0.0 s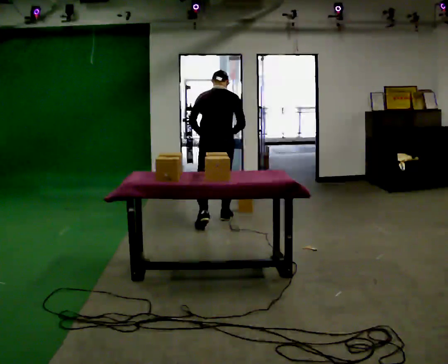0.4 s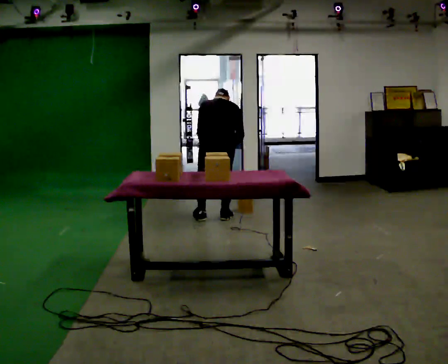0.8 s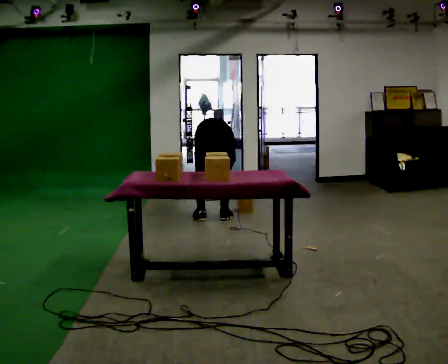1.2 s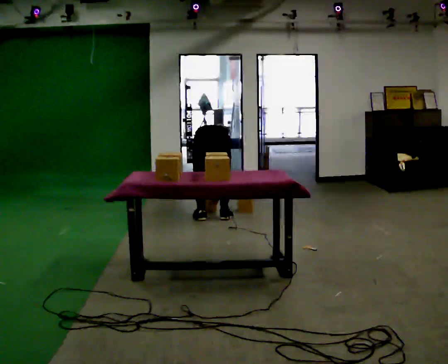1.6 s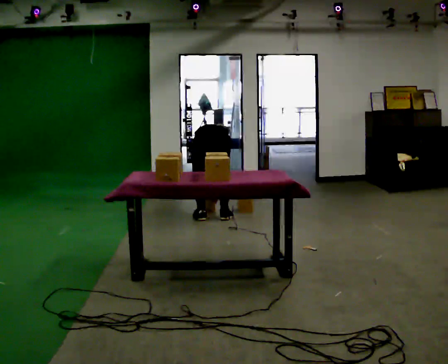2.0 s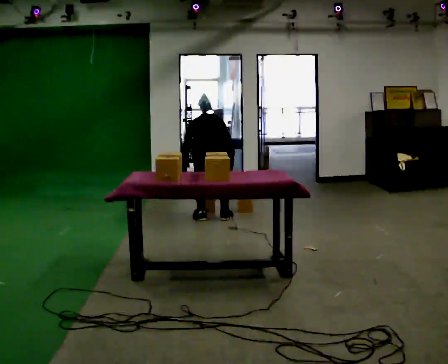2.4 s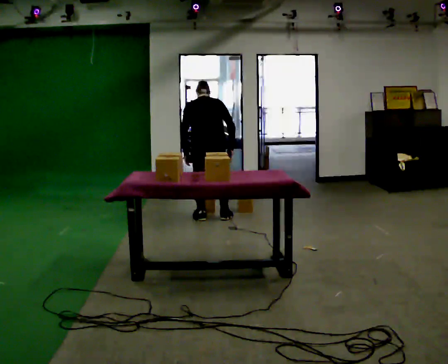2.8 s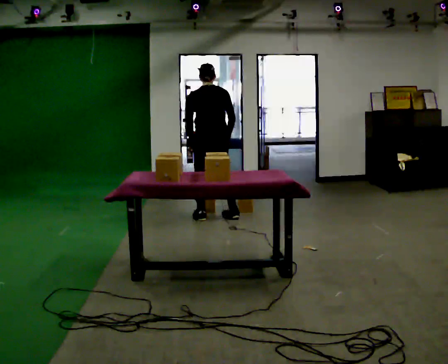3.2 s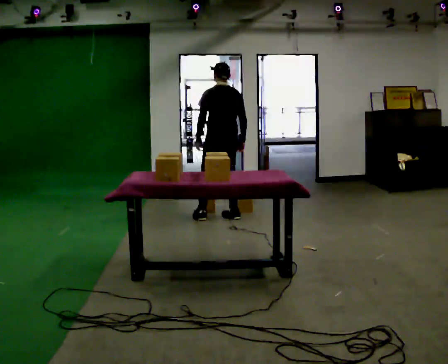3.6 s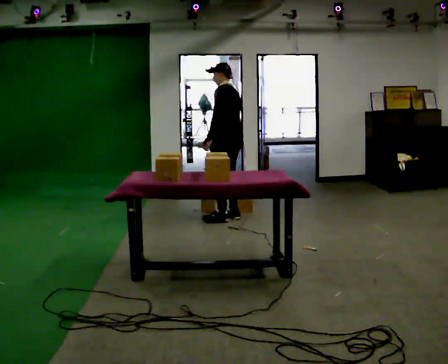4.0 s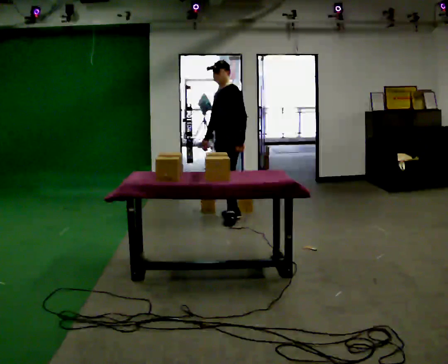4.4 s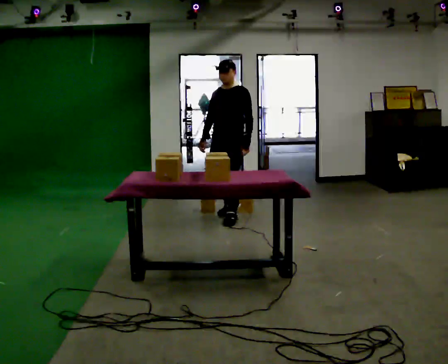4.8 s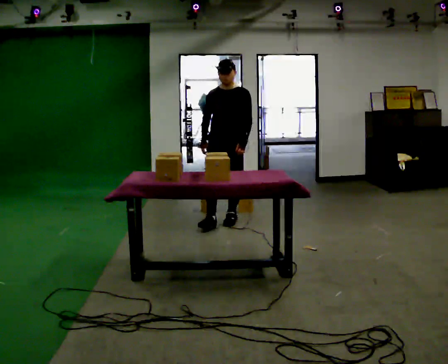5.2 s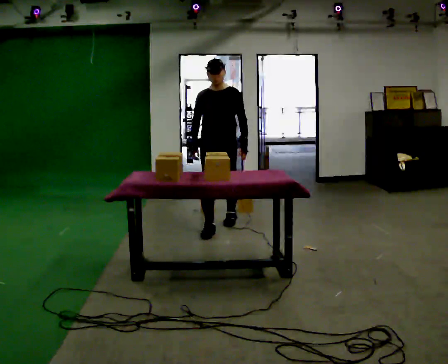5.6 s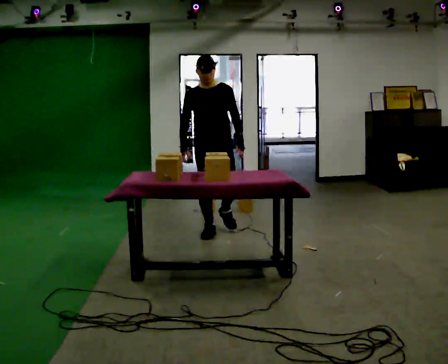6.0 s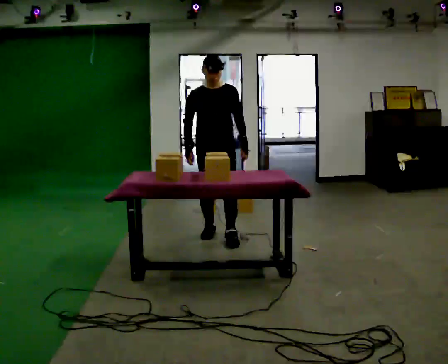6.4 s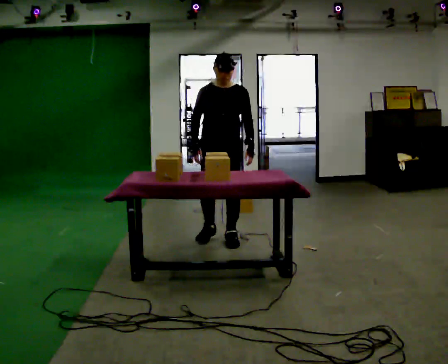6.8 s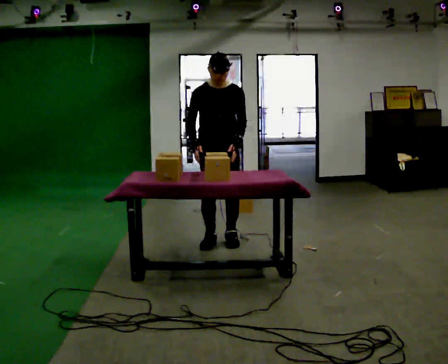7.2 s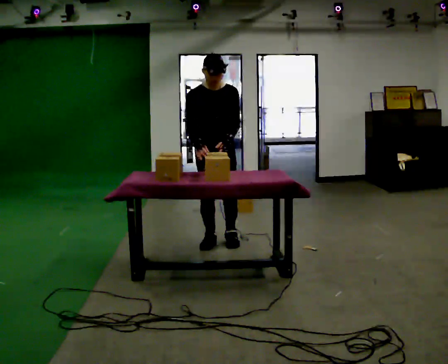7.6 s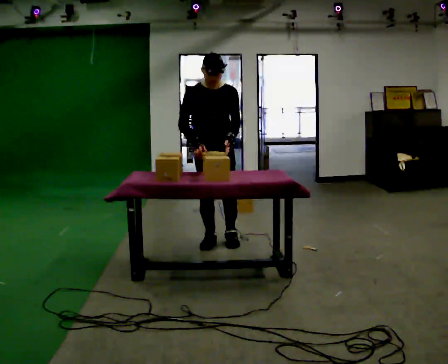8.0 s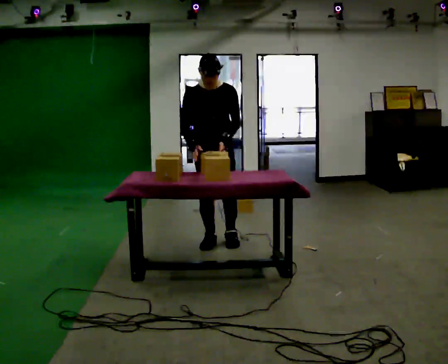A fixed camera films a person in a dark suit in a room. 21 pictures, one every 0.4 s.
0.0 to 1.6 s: The upper body goes downward. The upper body tips away from the camera, its near side rolling upward, as they bend forward. In the picture their right hand goes downward.
1.6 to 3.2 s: In the picture they go away from the camera, about 0.25 m in 1 step, which for them is forward and to their right. The upper body goes upward. The upper body tips toward the camera, its near side rolling downward, as they lean back or straighten. In the picture their right hand goes upward.
3.2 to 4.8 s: The part of the body nearest the lens slides to the right as the person turns to their left by about 150 degrees. In the picture they go toward the camera, about 0.25 m in 1 step. In the picture their left hand goes to the right, the arm swinging counterclockwise.
4.8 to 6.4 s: In the picture they go toward the camera, about 0.75 m in 2 steps, which for them is forward.
6.4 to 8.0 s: The person moves a little, or ends about where they began.
The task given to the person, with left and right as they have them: Take boxes off the top of the stack one at a time and carry them away, walking back for each one. Keep going until the operator says stop; one object at a time, and do not rush between trips.
The film runs forward here.
